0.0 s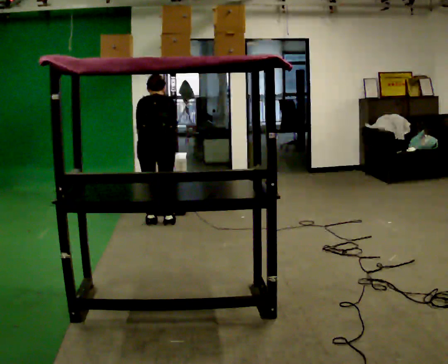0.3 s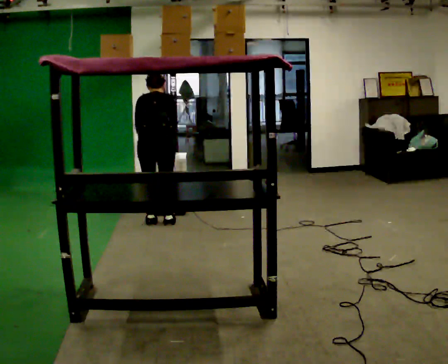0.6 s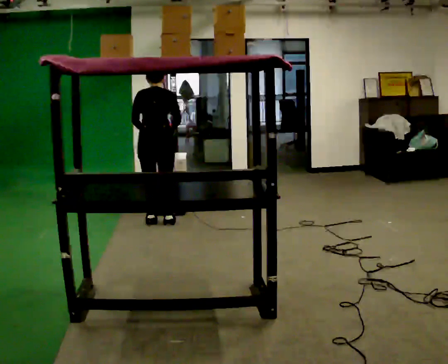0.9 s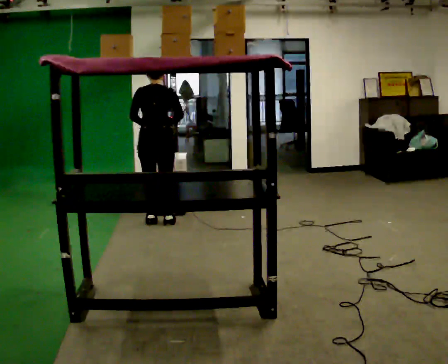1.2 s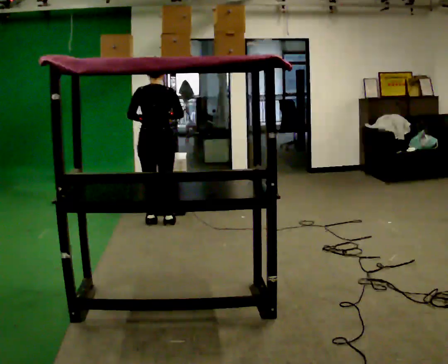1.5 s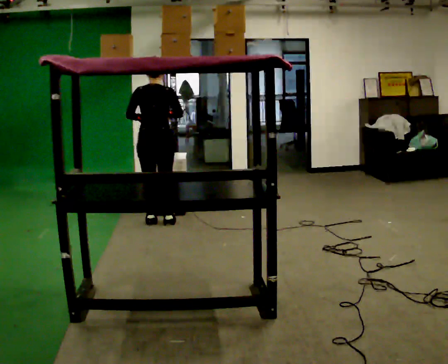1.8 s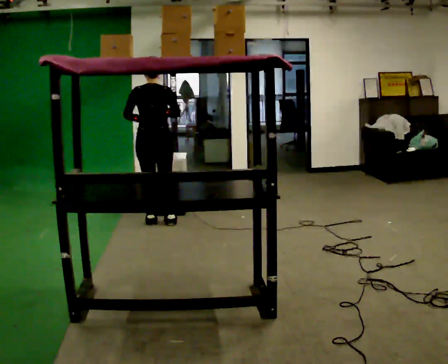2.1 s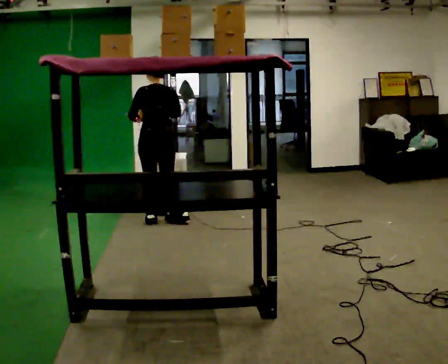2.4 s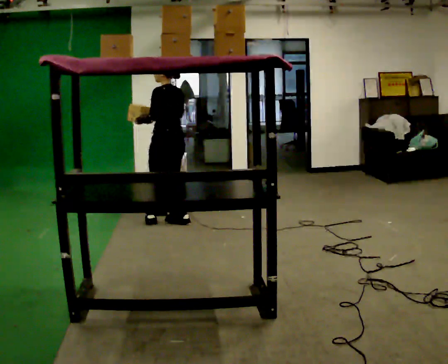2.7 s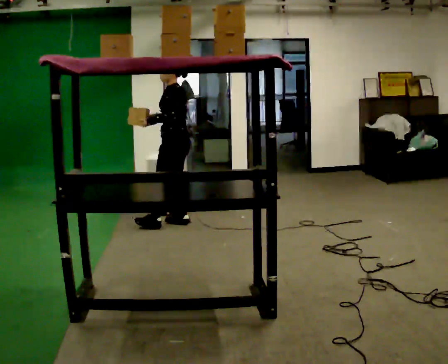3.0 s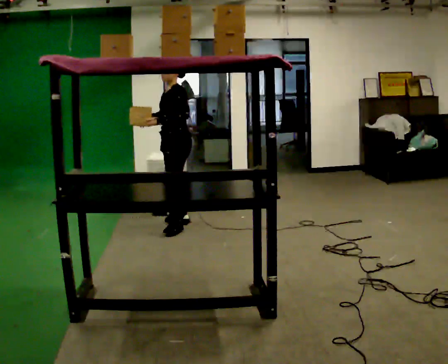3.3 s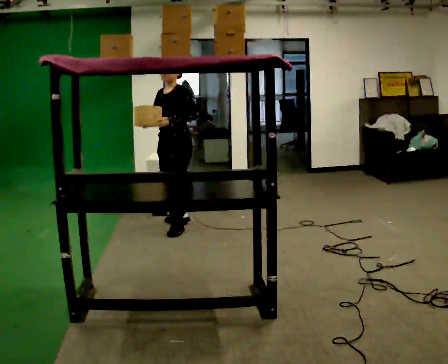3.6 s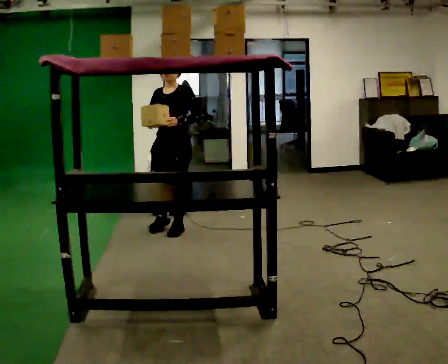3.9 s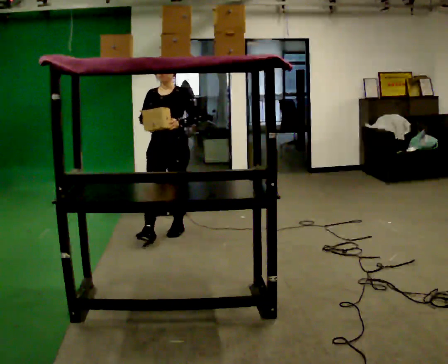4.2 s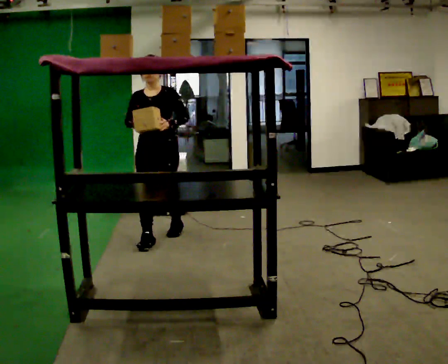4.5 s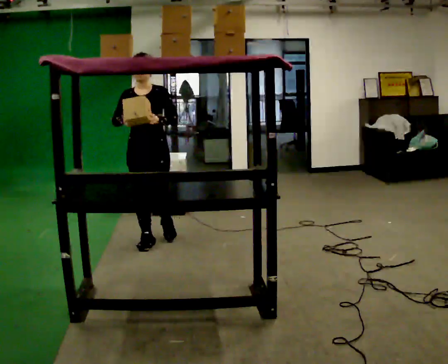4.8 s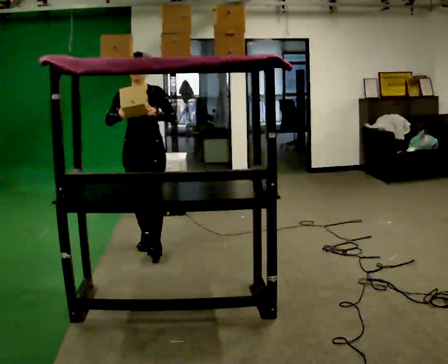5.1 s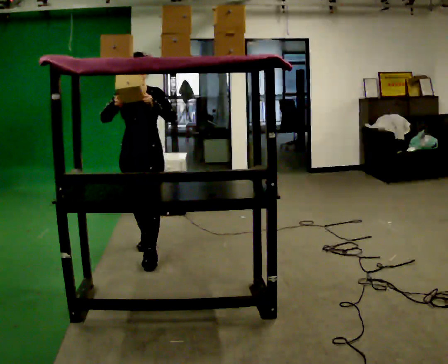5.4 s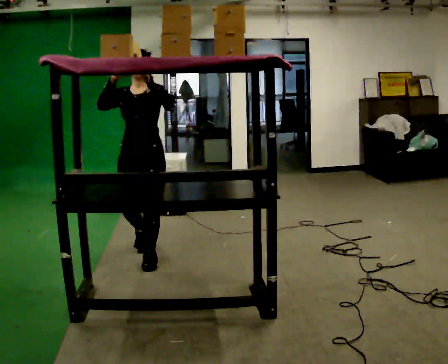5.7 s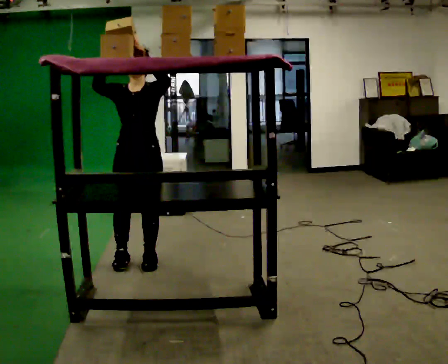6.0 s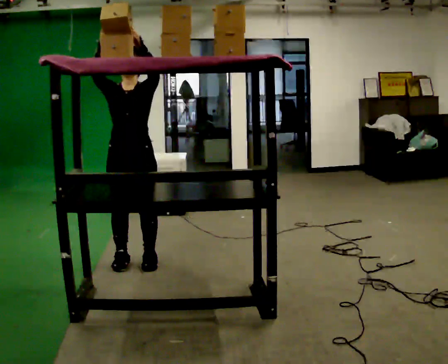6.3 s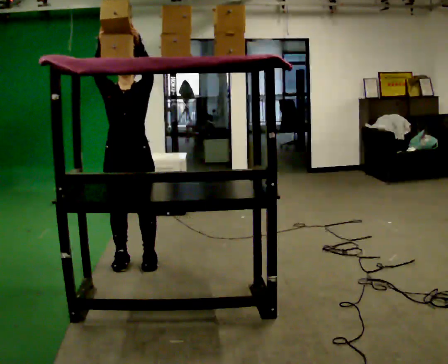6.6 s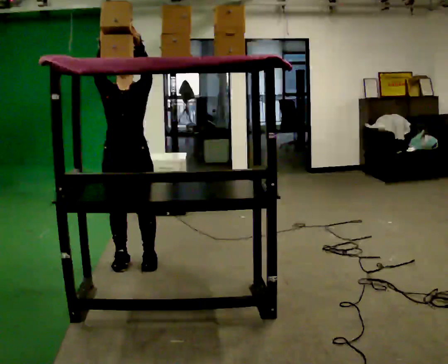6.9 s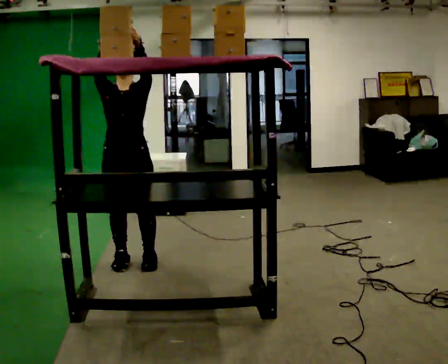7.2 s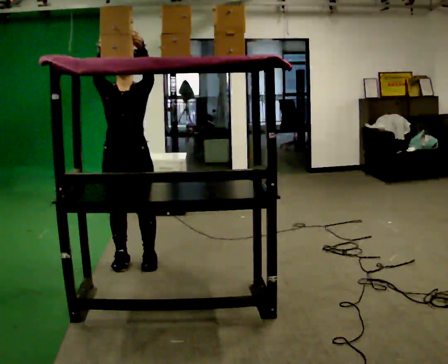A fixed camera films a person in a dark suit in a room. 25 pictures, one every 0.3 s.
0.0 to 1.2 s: The upper body tips toward the camera, its near side rolling downward, as they lean back or straighten.
1.2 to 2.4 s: The part of the body nearest the lens slides to the right as the person turns to their left by about 60 degrees.
2.4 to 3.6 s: The part of the body nearest the lens slides to the right as the person turns to their left by about 90 degrees. In the picture they go toward the camera, about 0.25 m in 1 step.
3.6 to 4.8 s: The part of the body nearest the lens slides to the right as the person turns to their left by about 30 degrees. In the picture they go toward the camera and to the left, about 0.5 m in 1 step, which for them is forward.
4.8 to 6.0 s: In the picture they go toward the camera, about 0.5 m in 2 steps, which for them is forward. In the picture their left hand goes upward.
6.0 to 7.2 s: The person moves a little, or ends about where they began.
The film runs forward here.
